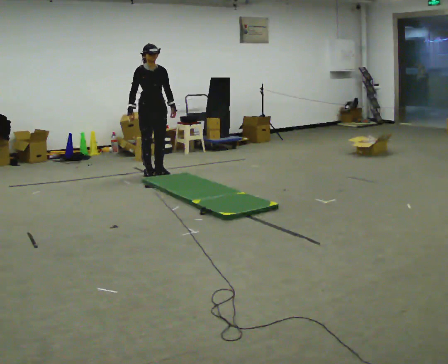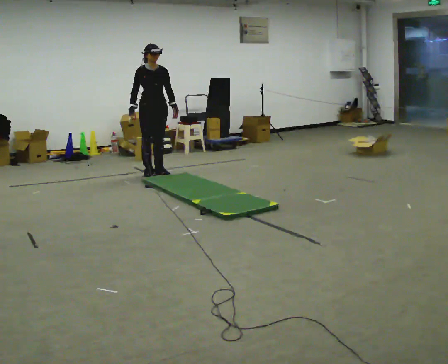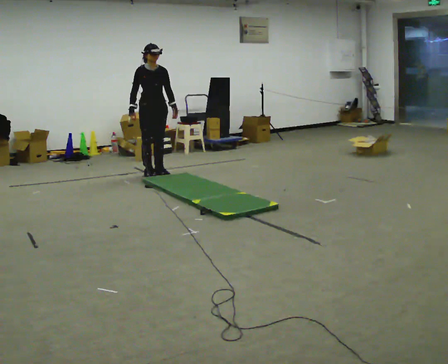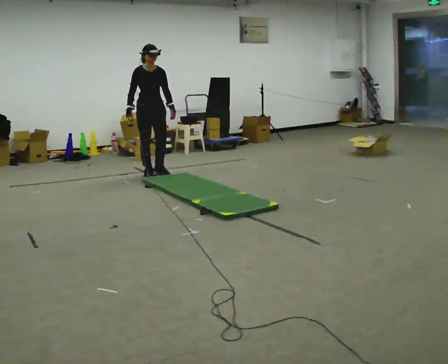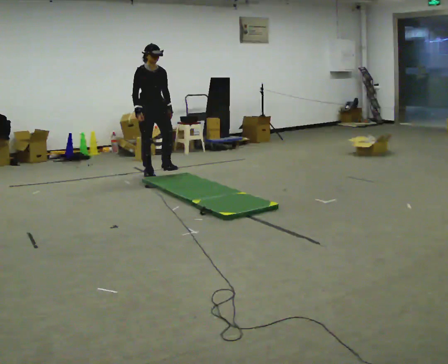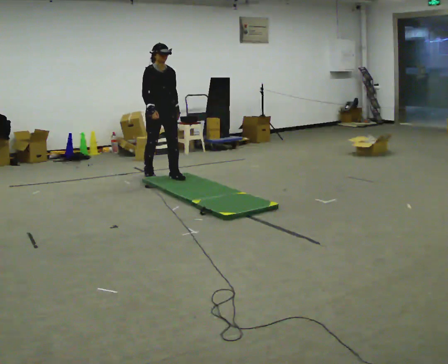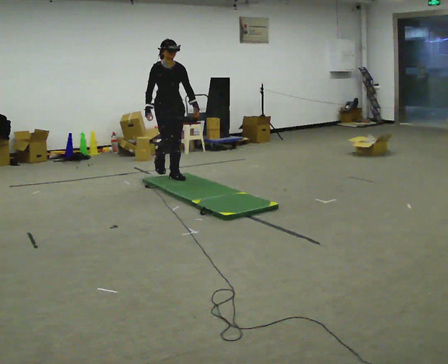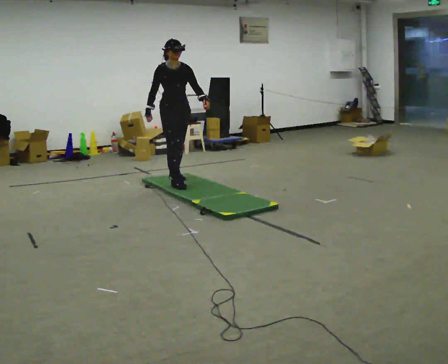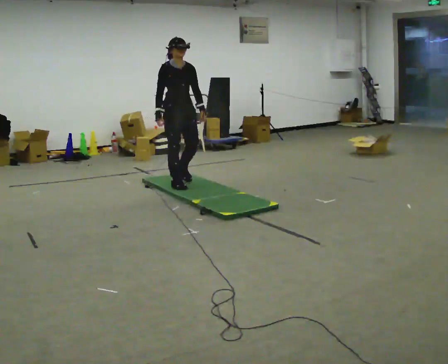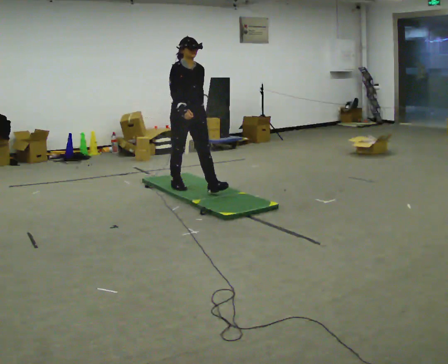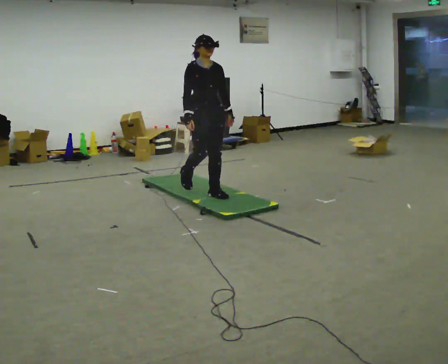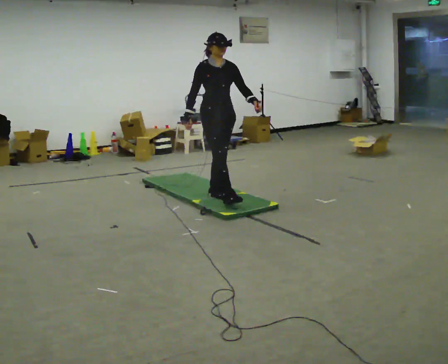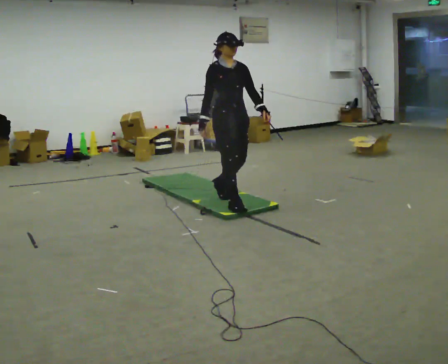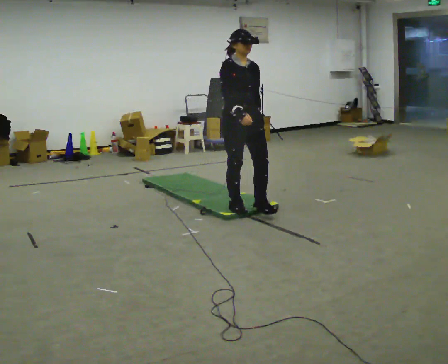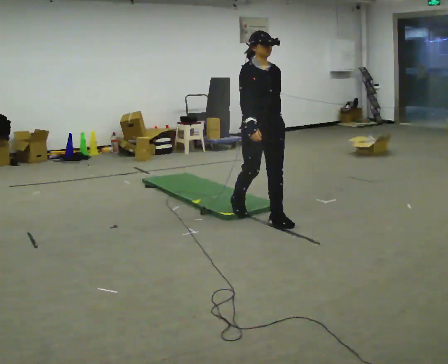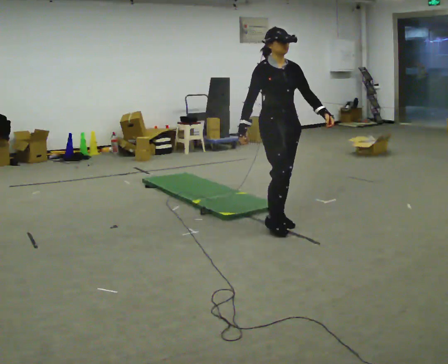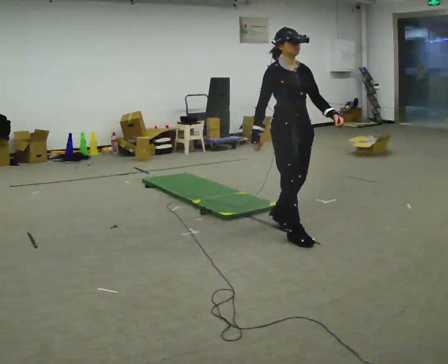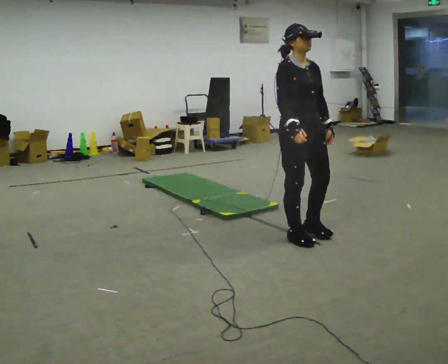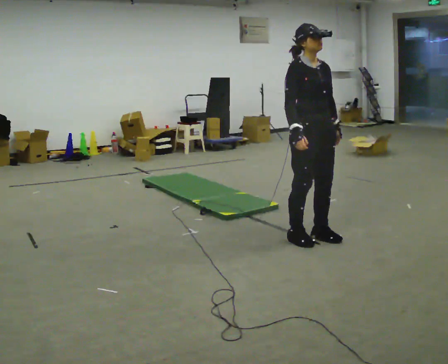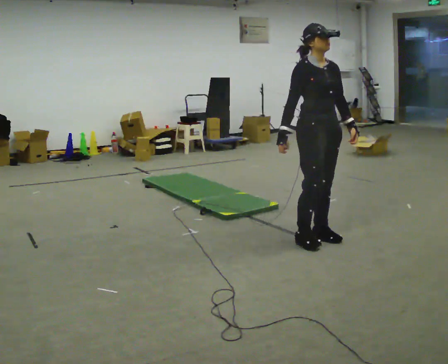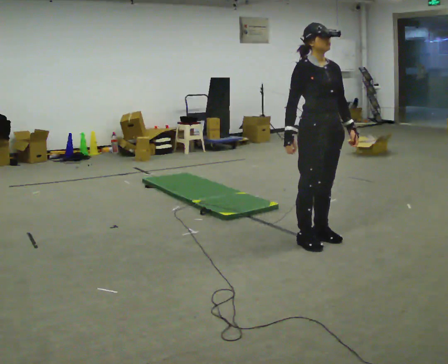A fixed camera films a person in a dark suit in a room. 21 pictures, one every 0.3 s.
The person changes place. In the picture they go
toward the camera.
0.0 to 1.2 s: The person moves a little, or ends about where they began.
1.2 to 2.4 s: In the picture they go toward the camera and to the right, about 0.5 m in 2 steps, which for them is forward.
2.4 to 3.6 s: In the picture they go toward the camera and to the right, about 1 m in 2 steps, which for them is forward.
3.6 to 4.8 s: In the picture they go toward the camera and to the right, about 1 m in 2 steps, which for them is forward.
4.8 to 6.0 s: In the picture they go toward the camera and to the right, about 0.25 m in 1 step, which for them is forward.
The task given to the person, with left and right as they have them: Walk across the soft uneven mat at a comfortable speed; continue walking normally after you leave it.
The film runs forward here.
